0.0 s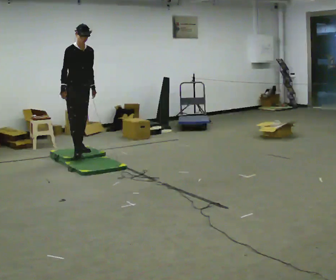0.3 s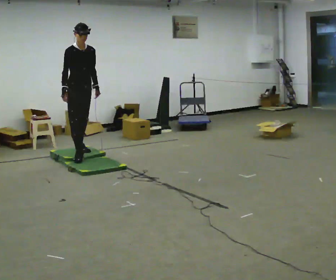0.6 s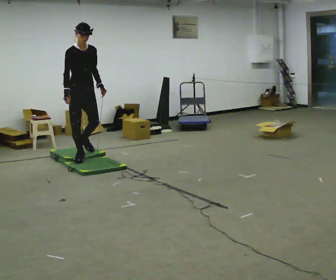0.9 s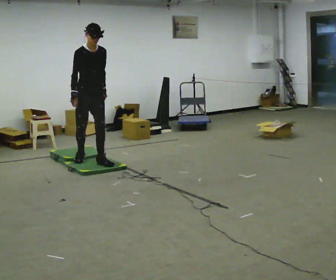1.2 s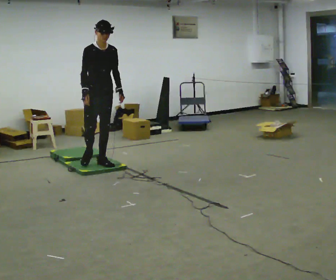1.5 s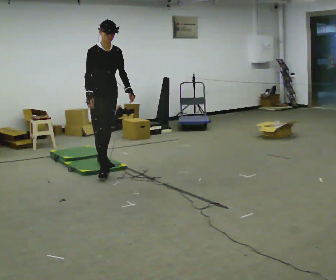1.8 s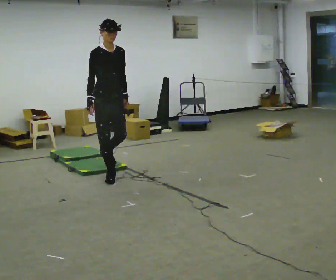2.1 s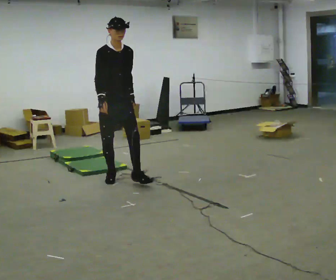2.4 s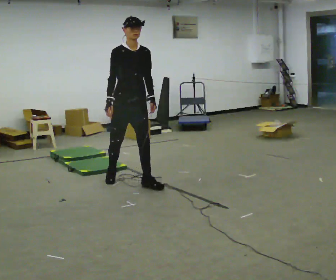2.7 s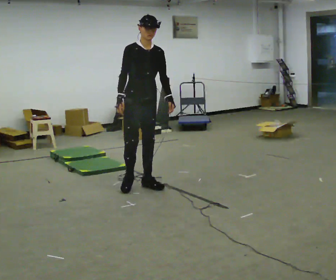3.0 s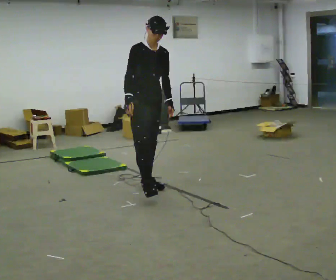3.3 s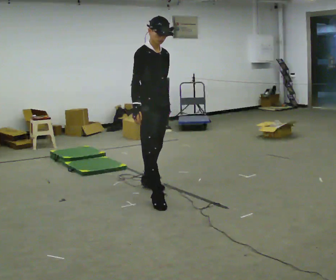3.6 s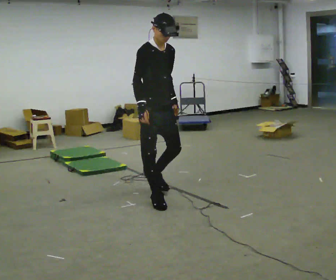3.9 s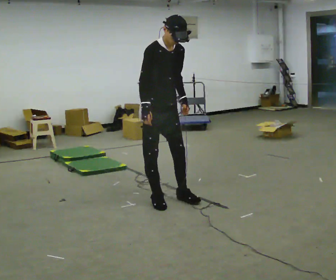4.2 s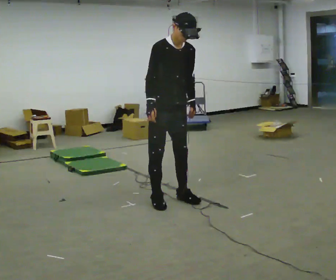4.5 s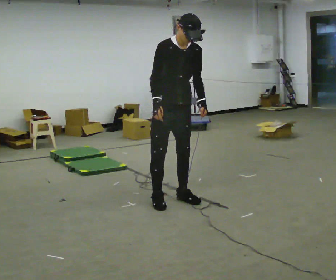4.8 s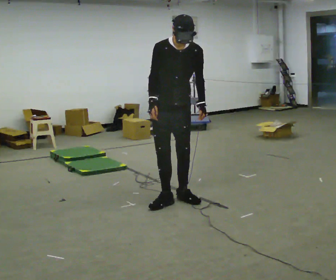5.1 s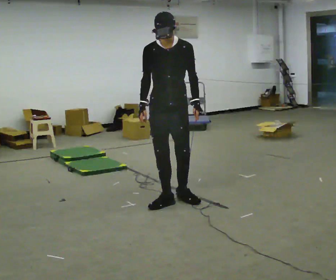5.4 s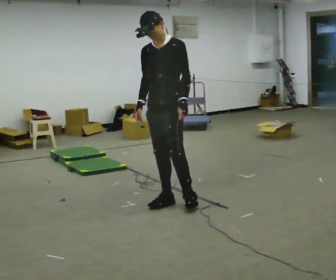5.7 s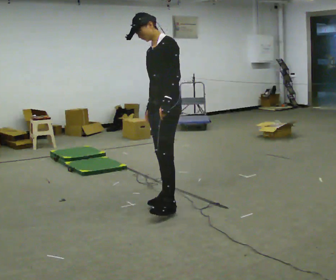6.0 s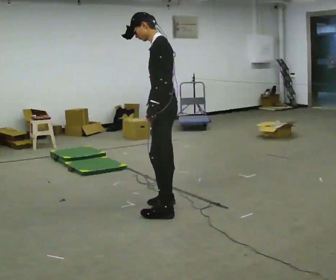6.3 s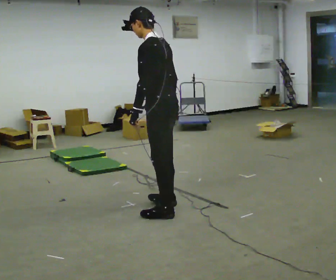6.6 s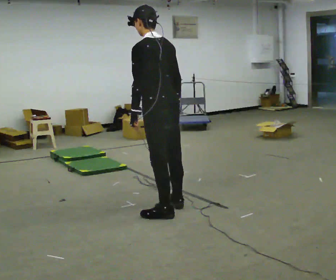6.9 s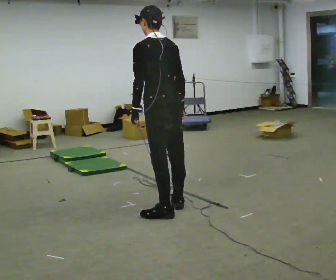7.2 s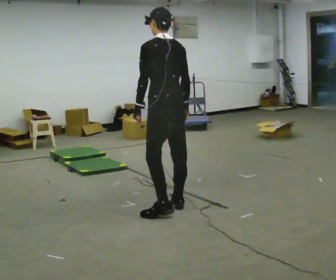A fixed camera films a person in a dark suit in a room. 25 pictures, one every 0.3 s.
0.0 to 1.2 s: In the picture they go toward the camera and to the right, about 0.5 m in 1 step, which for them is forward.
1.2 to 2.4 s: In the picture they go toward the camera and to the right, about 1 m in 2 steps, which for them is forward.
2.4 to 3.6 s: In the picture they go toward the camera and to the right, about 0.5 m in 1 step, which for them is forward.
3.6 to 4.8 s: Seen from above the body turns clockwise, about 45 degrees: to their right, with its near side sliding to the left. In the picture they go to the right, about 0.25 m in 1 step, which for them is to their left and forward.
4.8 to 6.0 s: The person turns about 90 degrees to their right, clockwise seen from above, so the part of the body nearest the lens slides to the left. In the picture they go toward the camera, about 0.25 m in 2 steps. In the picture the upper body tilts counterclockwise, shoulders to the left.
6.0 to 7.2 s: Seen from above the body turns clockwise, about 60 degrees: to their right, with its near side sliding to the left.
The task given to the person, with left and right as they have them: Walk across the mats at a normal pace. They may not all feel the same underfoot. Carry on afterwards.
The film runs forward here.
